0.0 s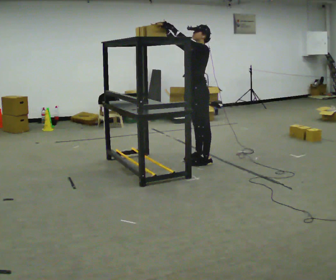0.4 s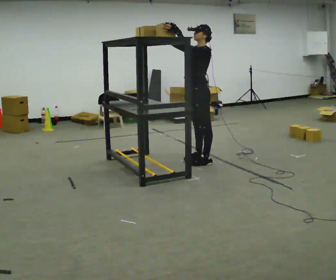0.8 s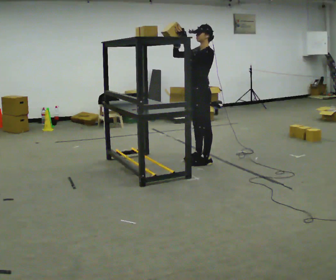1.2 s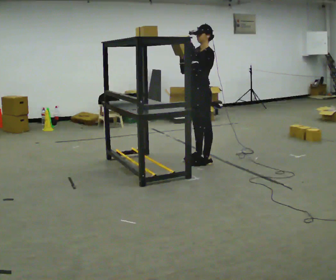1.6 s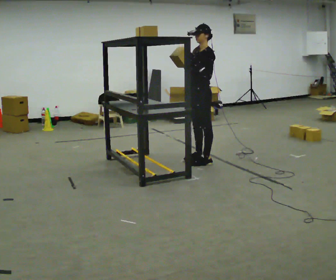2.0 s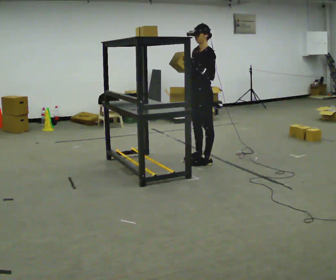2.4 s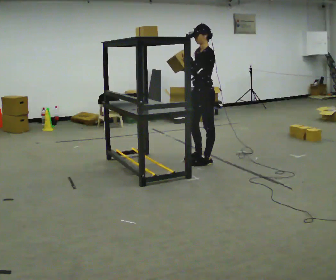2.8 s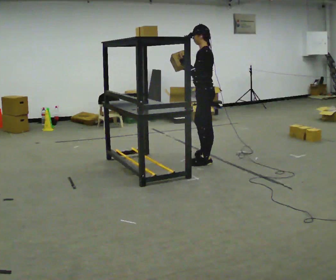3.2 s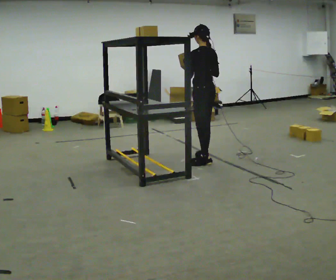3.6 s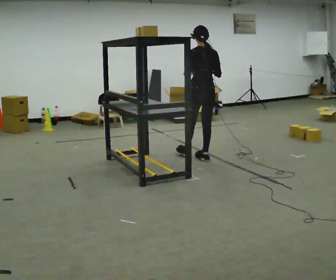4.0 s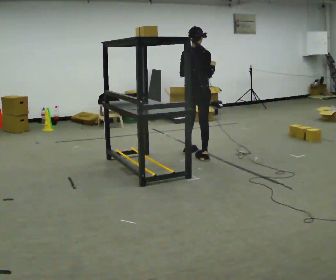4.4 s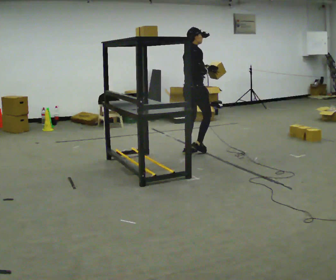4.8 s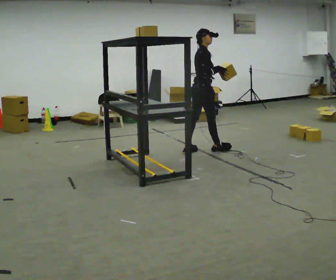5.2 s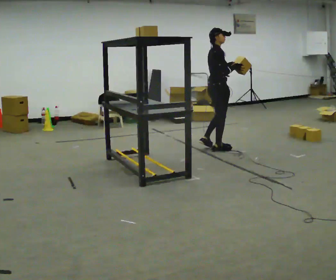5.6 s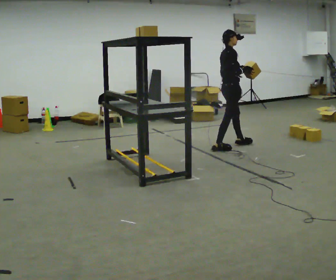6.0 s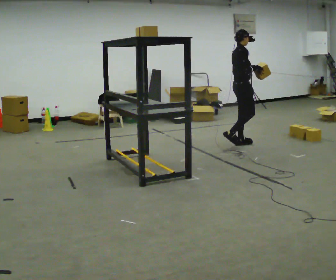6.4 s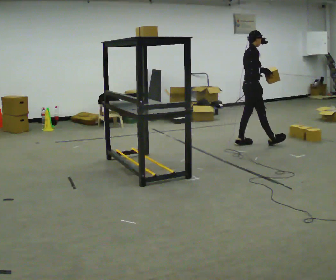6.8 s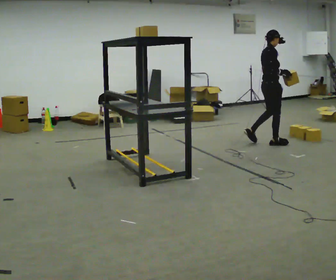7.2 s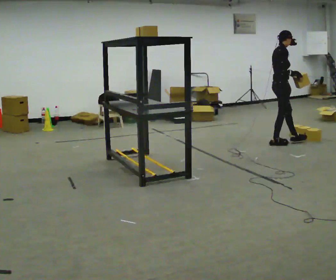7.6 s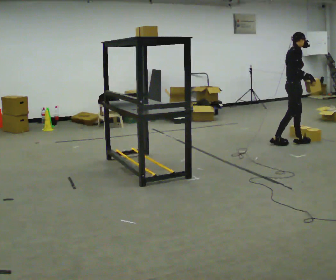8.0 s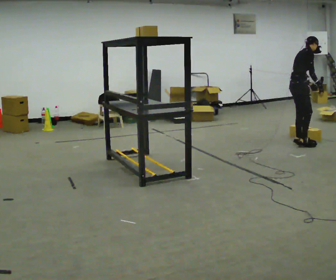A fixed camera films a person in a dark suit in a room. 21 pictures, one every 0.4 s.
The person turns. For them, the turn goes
to their right.
The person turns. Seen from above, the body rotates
clockwise.
0.0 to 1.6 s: In the picture their right hand goes downward.
1.6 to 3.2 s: Seen from above the body turns clockwise, about 75 degrees: to their right, with its near side sliding to the left.
3.2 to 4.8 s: Seen from above the body turns clockwise, about 120 degrees: to their right, with its near side sliding to the left. In the picture they go away from the camera, about 0.5 m in 2 steps.
4.8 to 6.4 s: In the picture they go to the right and away from the camera, about 1 m in 1 step, which for them is forward.
6.4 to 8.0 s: In the picture they go to the right, about 0.75 m in 2 steps, which for them is forward. In the picture the upper body tilts clockwise, shoulders to the right, as they bend forward.
The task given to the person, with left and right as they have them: Take an object down from the highest shelf you can comfortably reach, carry it across the room, and set it on the floor. Keep going until the operator says stop; one object at a time, and do not rush between trips.
The film runs forward here.
